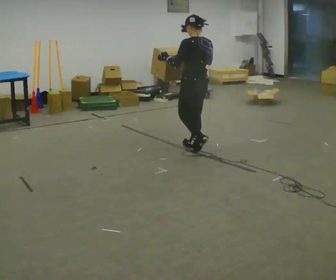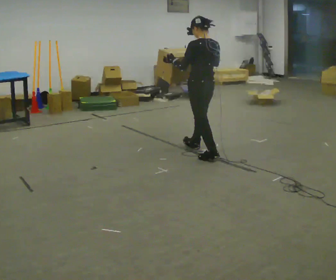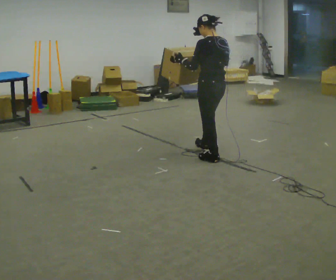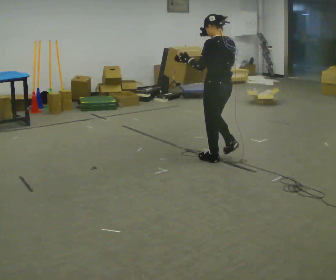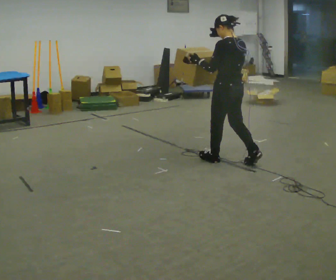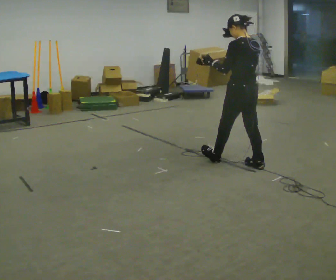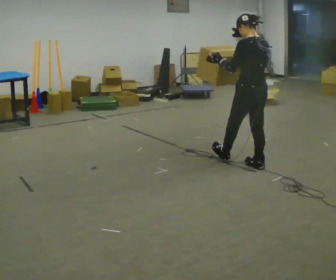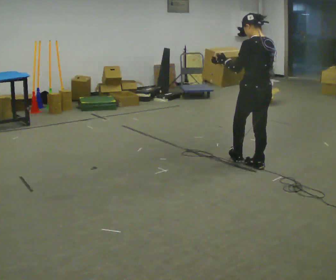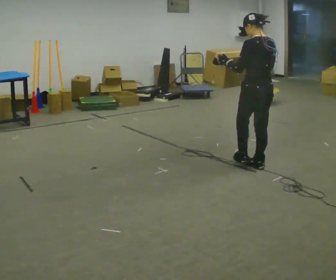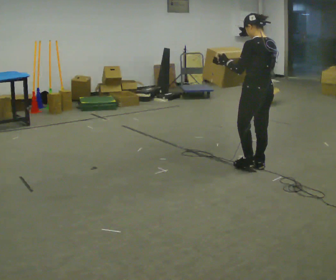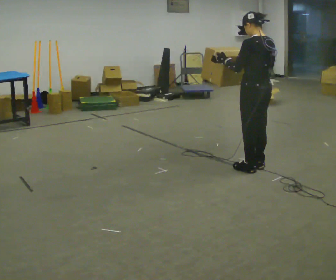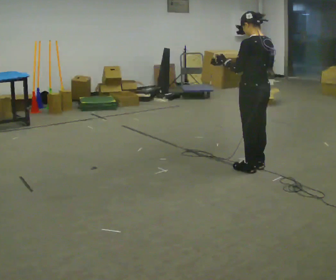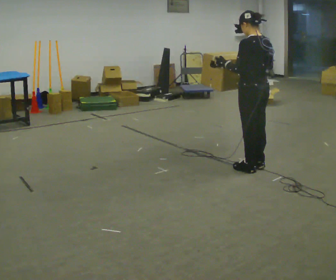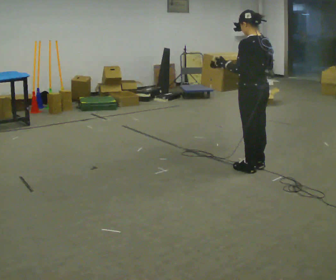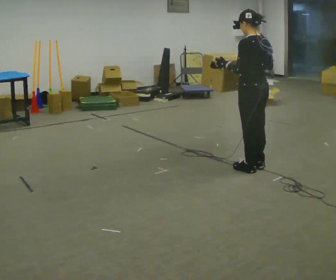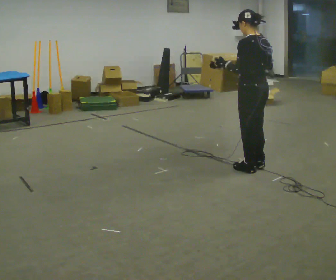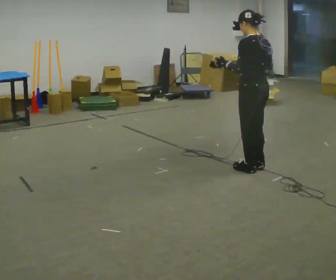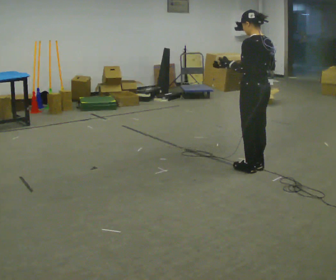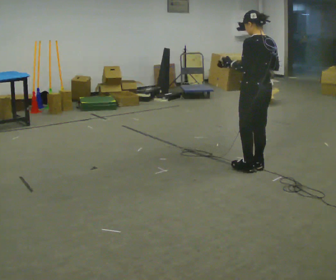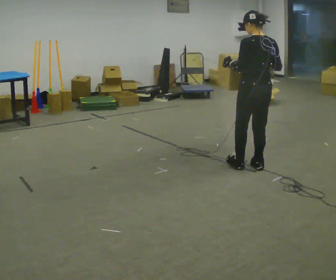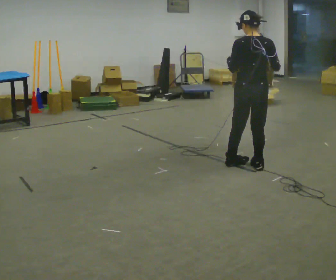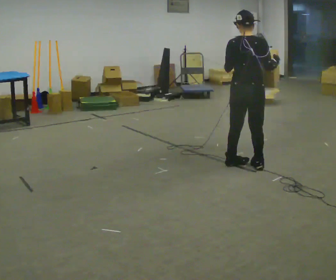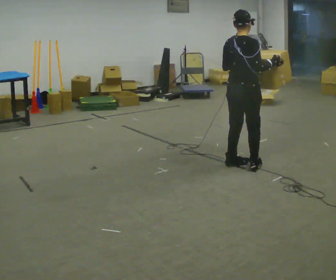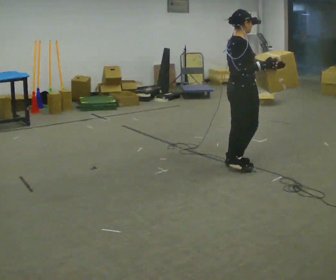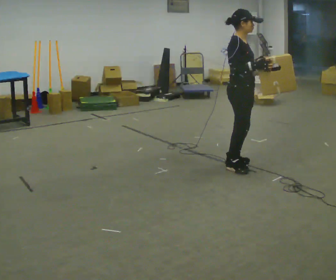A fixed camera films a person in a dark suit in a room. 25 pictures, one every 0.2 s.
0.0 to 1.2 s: In the picture they go to the right and toward the camera, about 1 m in 2 steps, which for them is backward.
1.2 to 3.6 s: The person moves a little, or ends about where they began.
3.6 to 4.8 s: Seen from above the body turns clockwise, about 135 degrees: to their right, with its near side sliding to the left. In the picture they go to the left, about 0.25 m in 2 steps.
The film runs backward here.
